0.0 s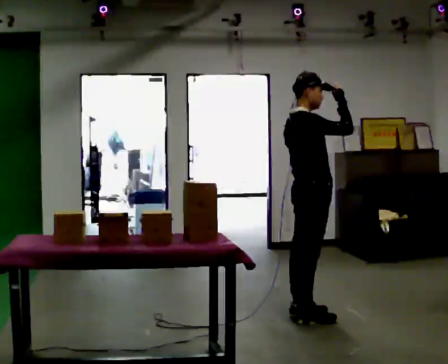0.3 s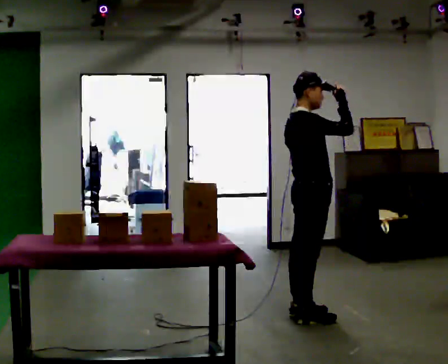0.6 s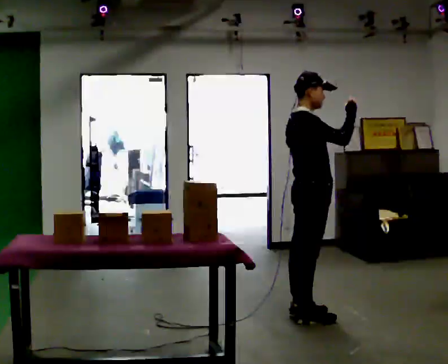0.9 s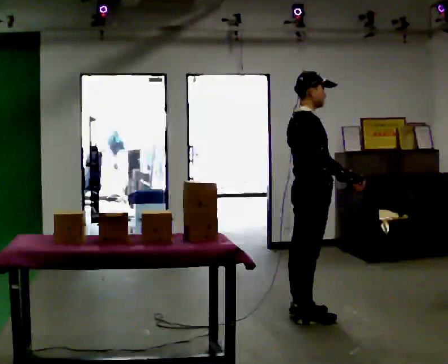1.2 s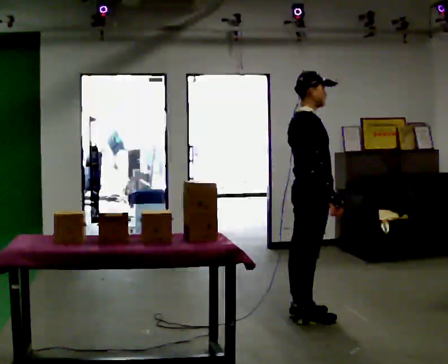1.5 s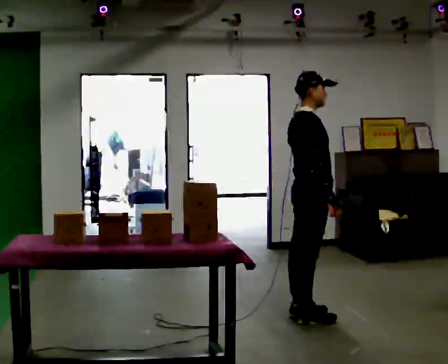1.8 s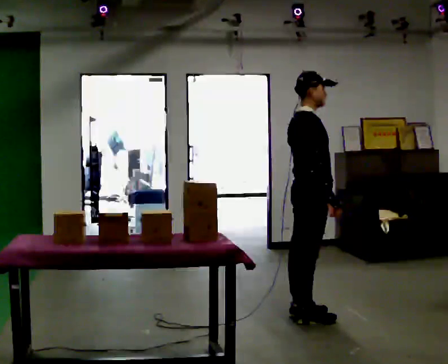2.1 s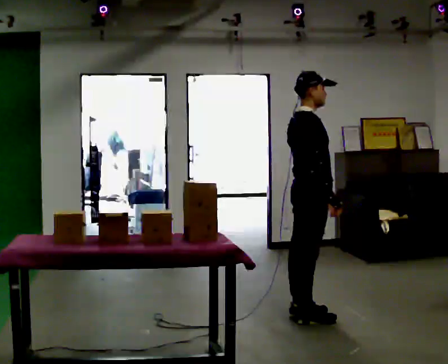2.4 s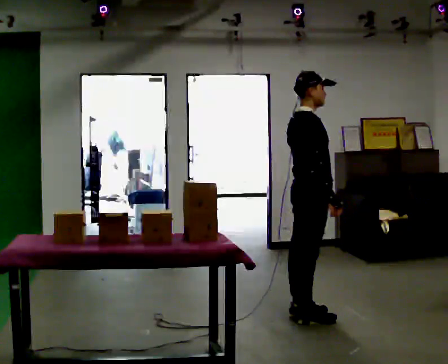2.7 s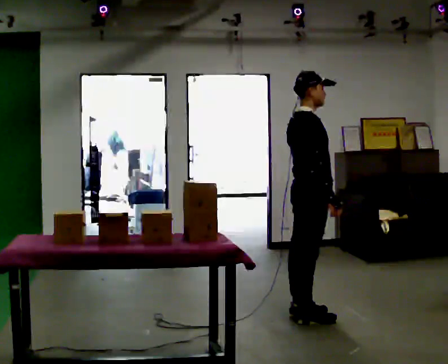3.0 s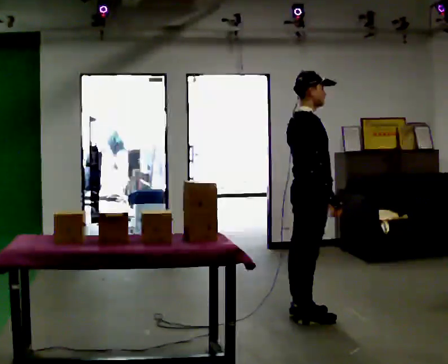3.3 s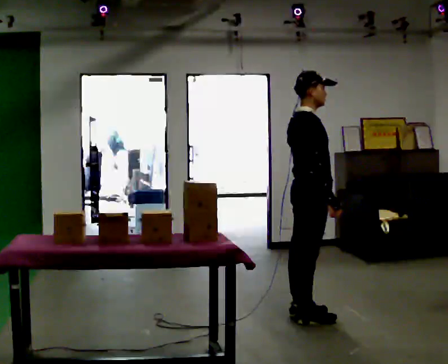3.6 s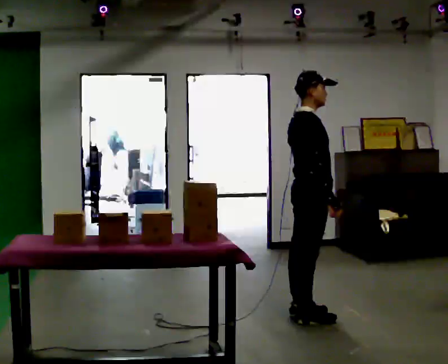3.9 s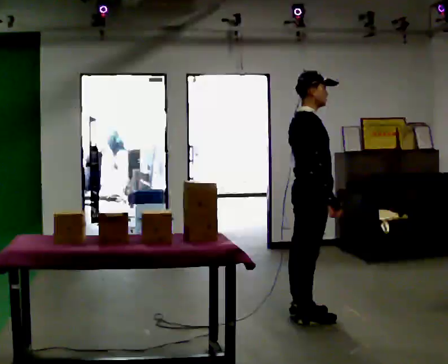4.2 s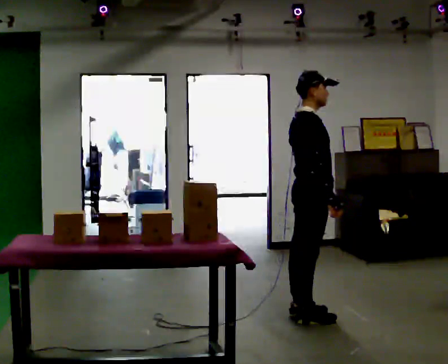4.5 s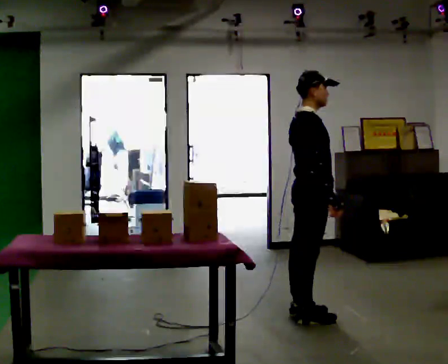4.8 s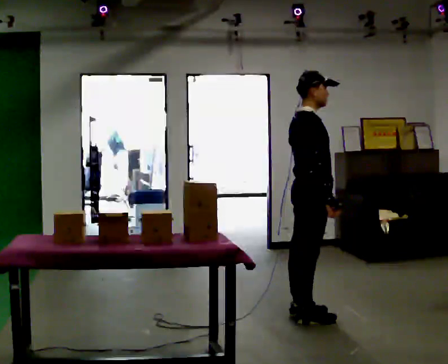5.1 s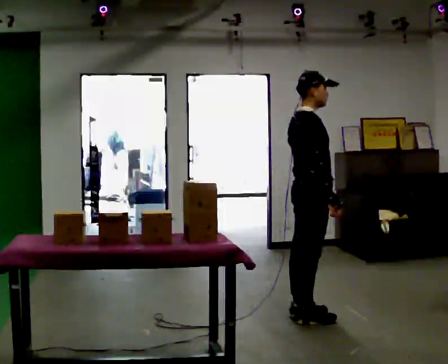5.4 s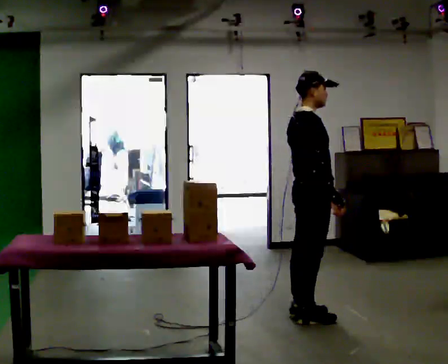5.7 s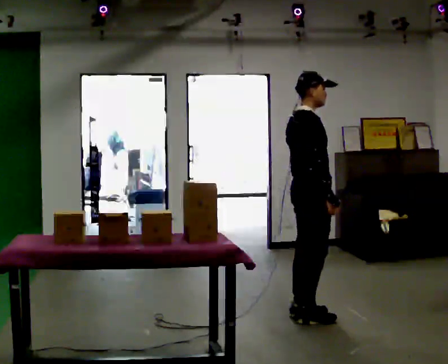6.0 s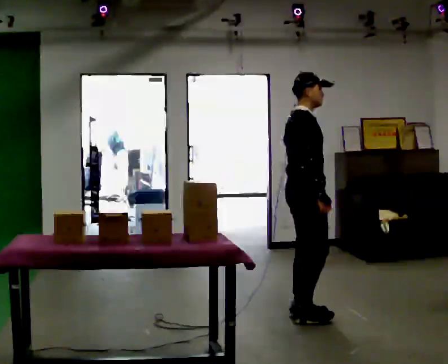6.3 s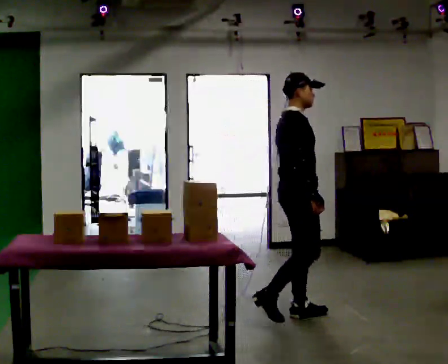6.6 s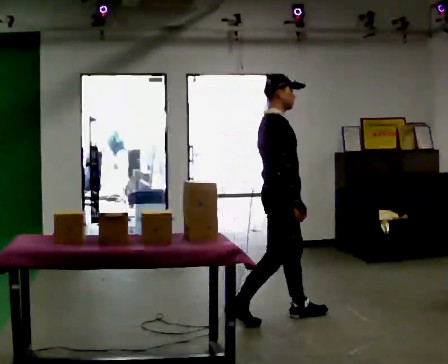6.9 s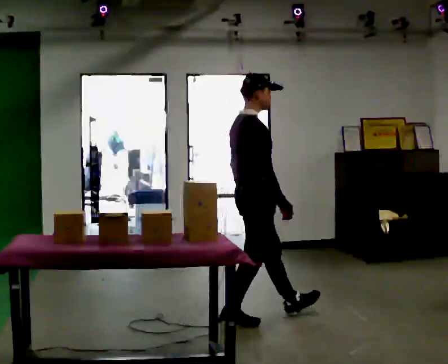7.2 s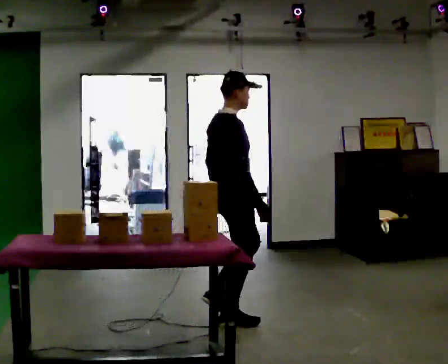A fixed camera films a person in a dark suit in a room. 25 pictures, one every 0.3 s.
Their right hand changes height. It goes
downward.
0.0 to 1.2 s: In the picture their right hand goes downward, the arm swinging clockwise.
1.2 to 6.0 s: The person moves a little, or ends about where they began.
6.0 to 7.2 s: In the picture they go to the left and toward the camera, about 0.5 m in 2 steps, which for them is backward.
The film runs backward here.
